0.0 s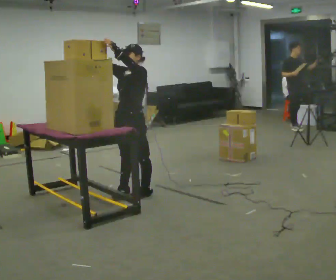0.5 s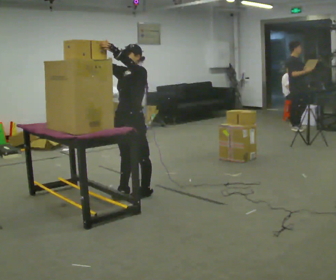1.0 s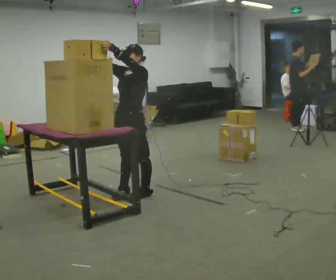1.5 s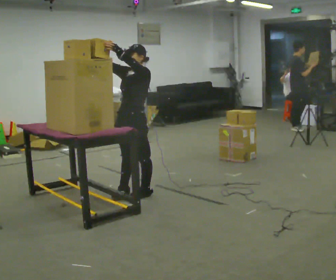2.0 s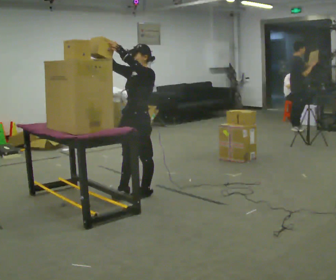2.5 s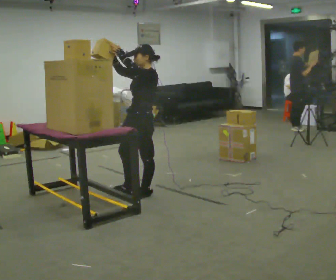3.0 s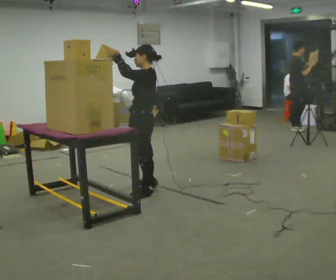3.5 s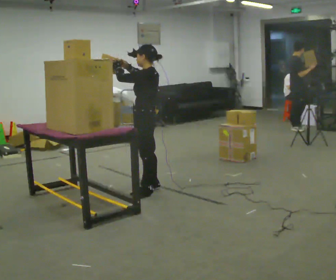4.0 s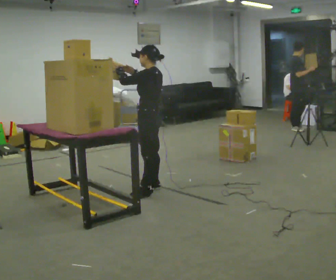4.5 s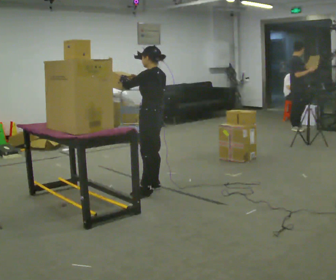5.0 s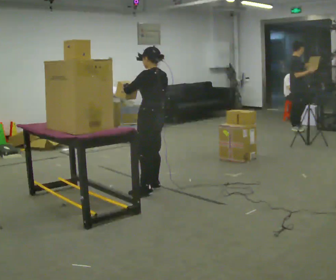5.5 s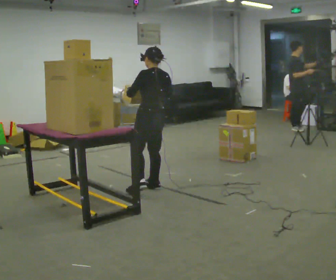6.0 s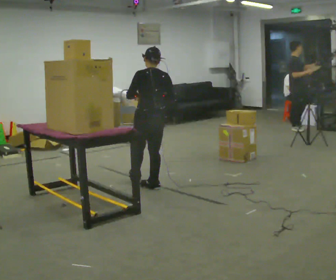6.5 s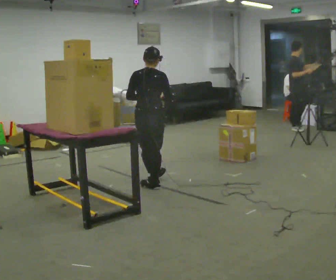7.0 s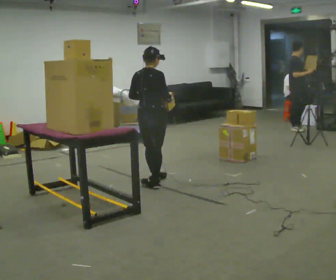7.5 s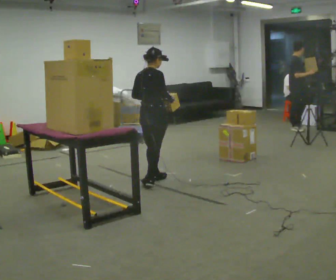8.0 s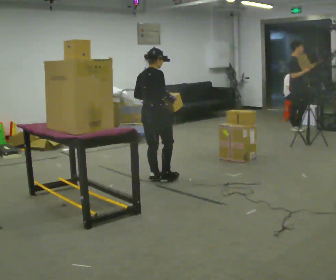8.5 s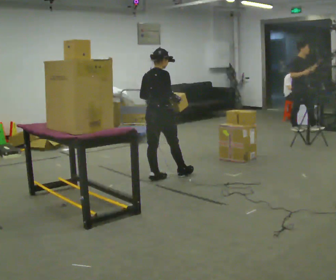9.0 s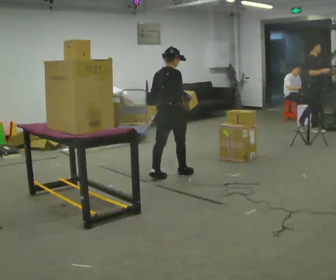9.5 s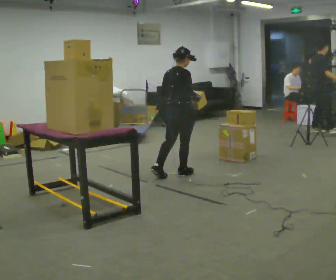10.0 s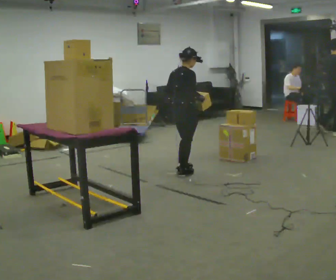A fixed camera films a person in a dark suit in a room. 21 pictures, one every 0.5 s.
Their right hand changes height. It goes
downward.
The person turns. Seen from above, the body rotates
clockwise.
0.0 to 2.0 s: The person moves a little, or ends about where they began.
2.0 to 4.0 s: The part of the body nearest the lens slides to the left as the person turns to their right by about 45 degrees. In the picture they go away from the camera, about 0.25 m in 1 step, which for them is to their right and backward.
4.0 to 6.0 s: Seen from above the body turns clockwise, about 60 degrees: to their right, with its near side sliding to the left.
6.0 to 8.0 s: Seen from above the body turns clockwise, about 60 degrees: to their right, with its near side sliding to the left. In the picture they go away from the camera, about 0.25 m in 1 step.
8.0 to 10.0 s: In the picture they go to the right and away from the camera, about 0.5 m in 1 step, which for them is forward.
The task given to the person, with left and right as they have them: Take an object down from the highest shelf you can comfortably reach, carry it across, and place it on the waist-height shelf. Keep going until the operator says stop; one object at a time, and do not rush between trips.
The film runs forward here.
